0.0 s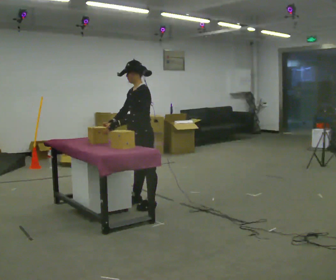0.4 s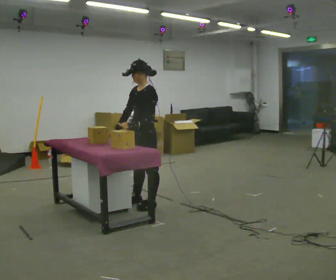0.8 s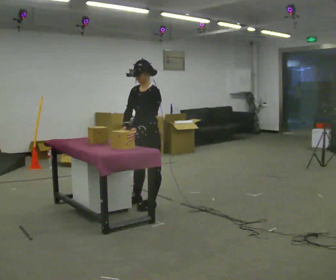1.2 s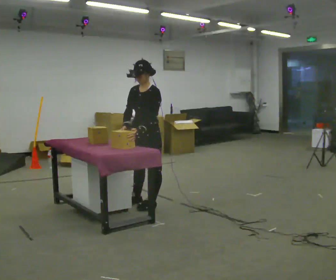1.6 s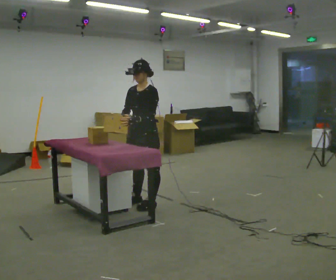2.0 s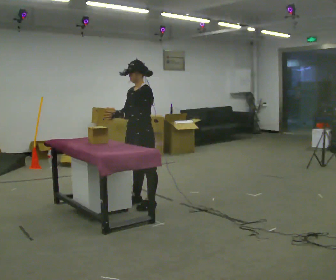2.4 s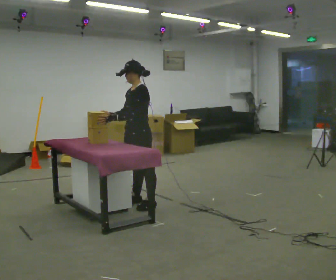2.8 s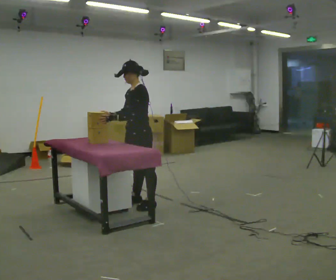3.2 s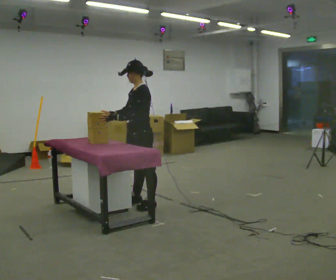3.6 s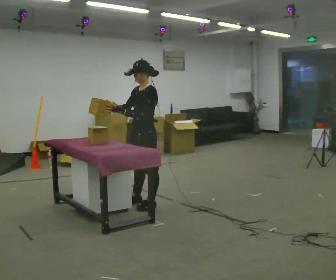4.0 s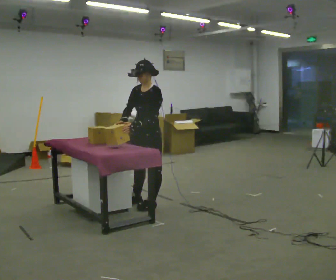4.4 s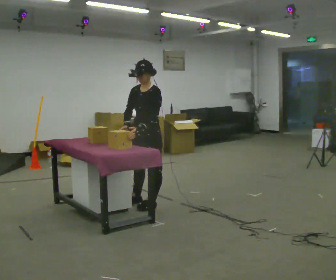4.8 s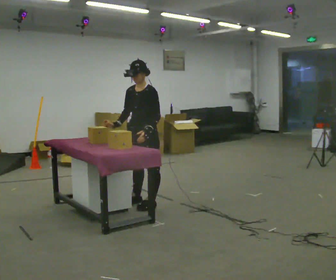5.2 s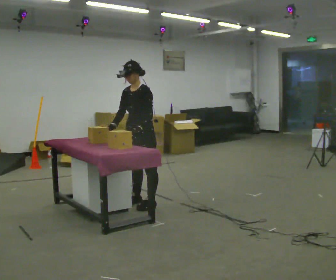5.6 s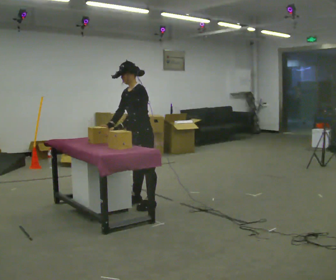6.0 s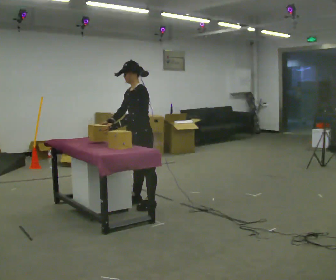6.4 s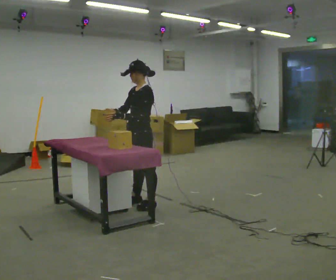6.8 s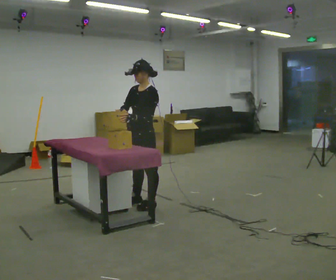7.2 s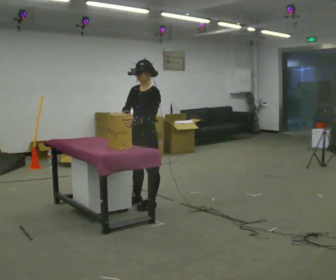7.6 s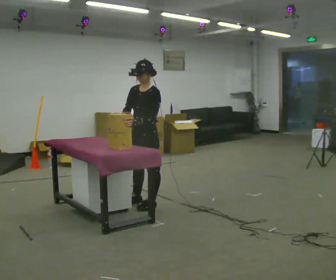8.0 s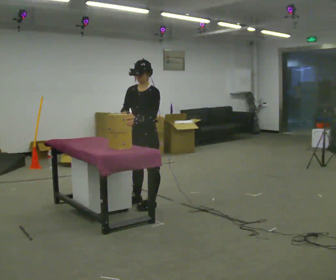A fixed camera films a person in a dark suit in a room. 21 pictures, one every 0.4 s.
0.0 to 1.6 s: The part of the body nearest the lens slides to the right as the person turns to their left by about 30 degrees.
1.6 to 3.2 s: The person turns about 30 degrees to their right, clockwise seen from above, so the part of the body nearest the lens slides to the left.
3.2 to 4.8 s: Seen from above the body turns counterclockwise, about 30 degrees: to their left, with its near side sliding to the right. In the picture their left hand goes to the right.
4.8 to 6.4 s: The person turns about 30 degrees to their right, clockwise seen from above, so the part of the body nearest the lens slides to the left.
6.4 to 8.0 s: The person turns about 30 degrees to their left, counterclockwise seen from above, so the part of the body nearest the lens slides to the right.
The film runs backward here.
